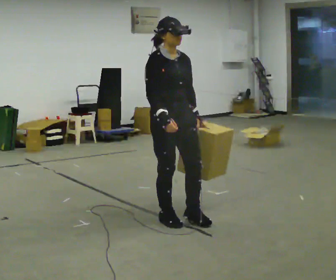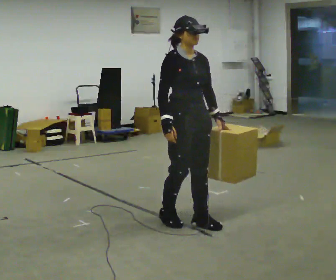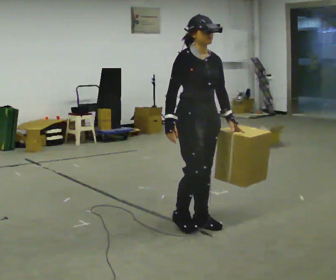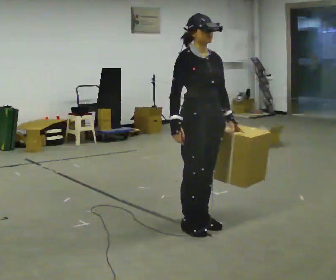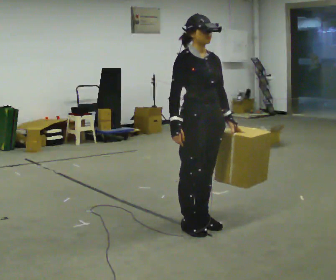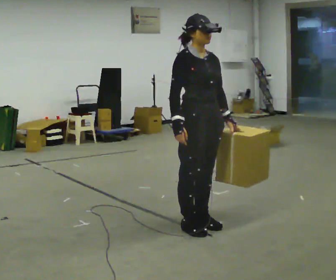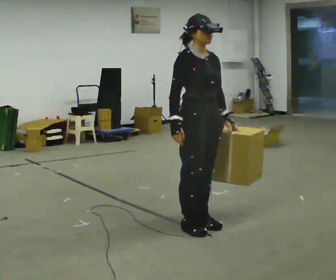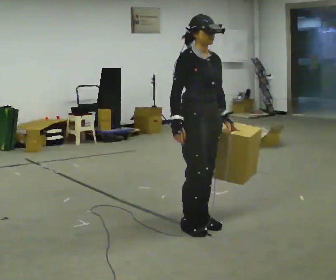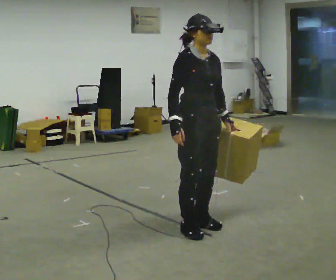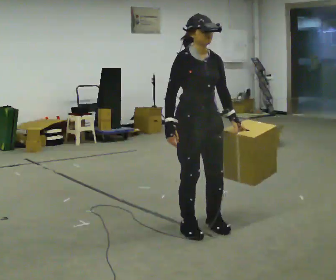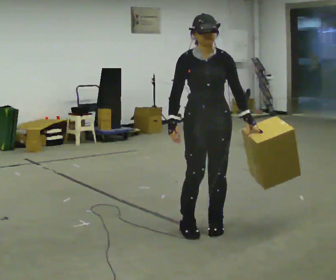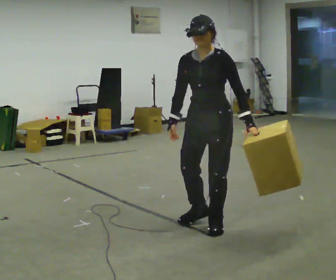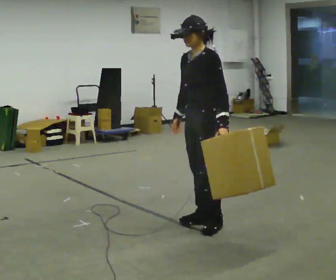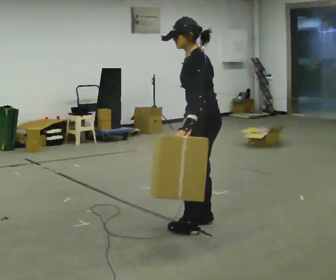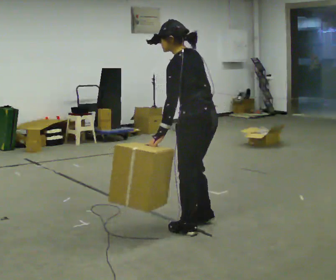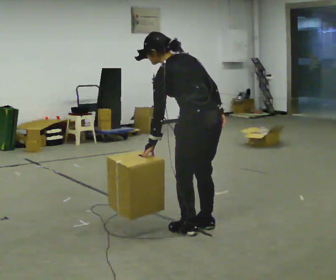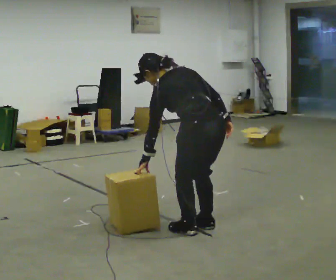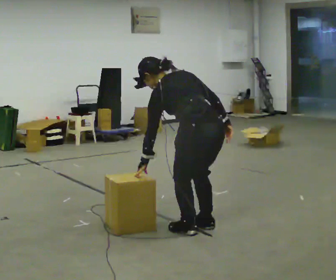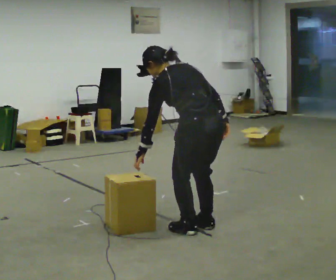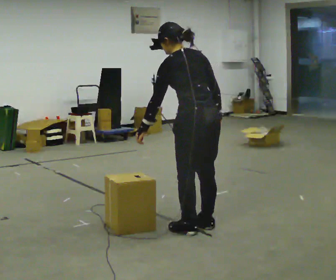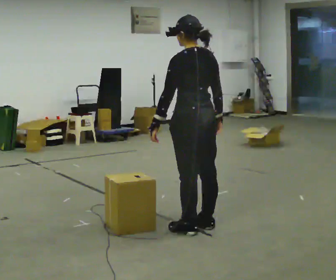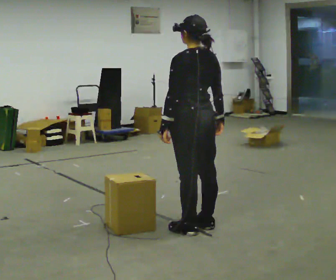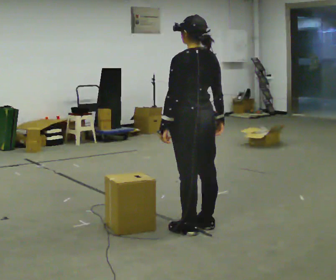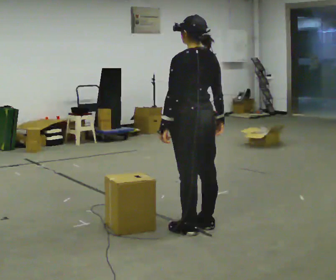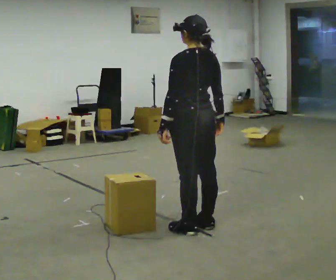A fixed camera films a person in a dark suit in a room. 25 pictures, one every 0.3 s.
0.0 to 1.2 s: In the picture they go to the right and toward the camera, about 0.25 m in 1 step, which for them is forward.
1.2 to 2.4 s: The person moves a little, or ends about where they began.
2.4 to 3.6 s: Seen from above the body turns clockwise, about 105 degrees: to their right, with its near side sliding to the left.
3.6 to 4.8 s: The person turns about 90 degrees to their right, clockwise seen from above, so the part of the body nearest the lens slides to the left. In the picture they go toward the camera, about 0.25 m in 1 step. The shoulders move downward. In the picture the upper body tilts counterclockwise, shoulders to the left, as they bend forward. In the picture their right hand goes to the right, the arm swinging counterclockwise.
4.8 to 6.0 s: The upper body goes upward. In the picture the upper body tilts clockwise, shoulders to the right, as they lean back or straighten.
6.0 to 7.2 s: The person moves a little, or ends about where they began.
The film runs backward here.
